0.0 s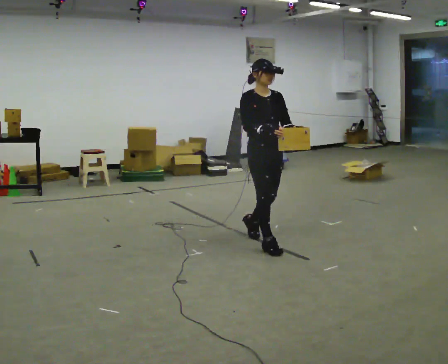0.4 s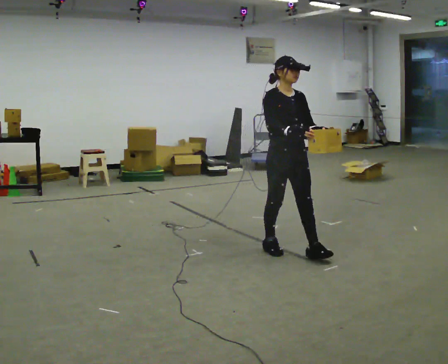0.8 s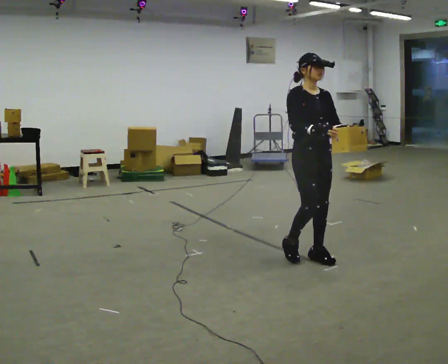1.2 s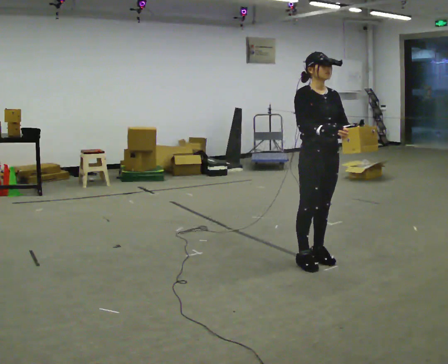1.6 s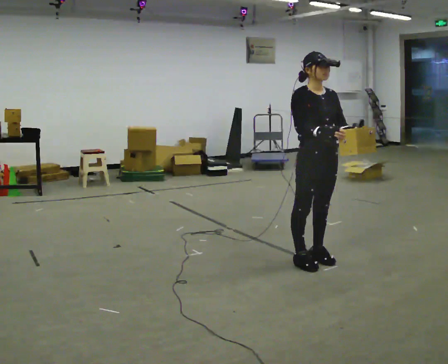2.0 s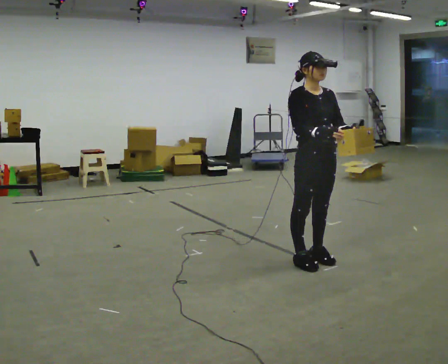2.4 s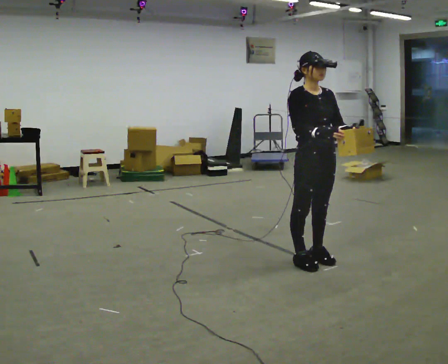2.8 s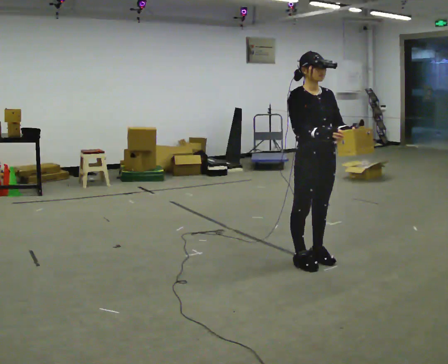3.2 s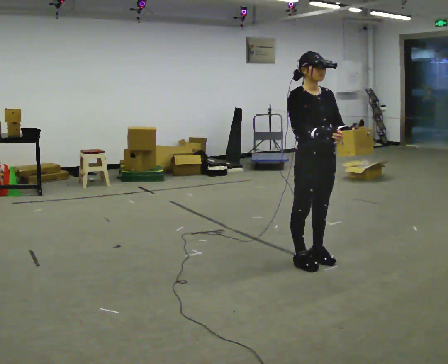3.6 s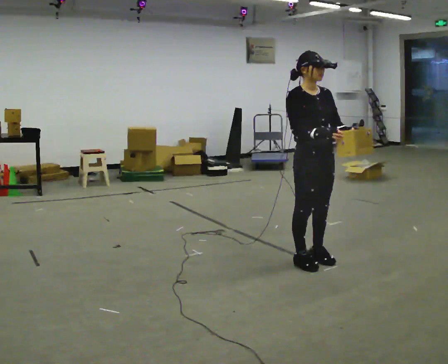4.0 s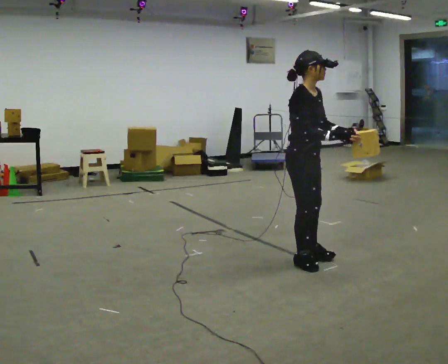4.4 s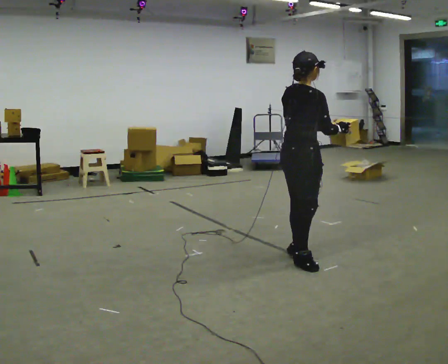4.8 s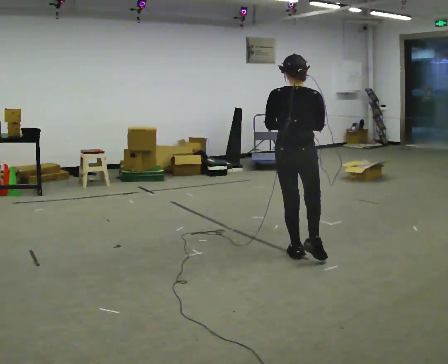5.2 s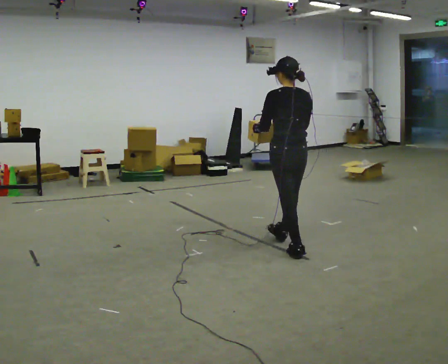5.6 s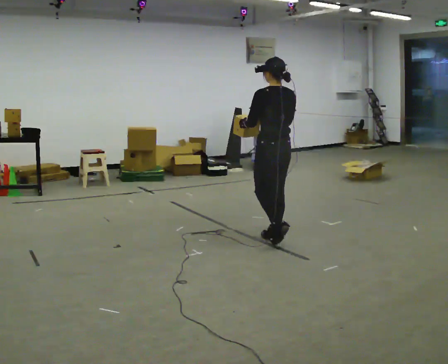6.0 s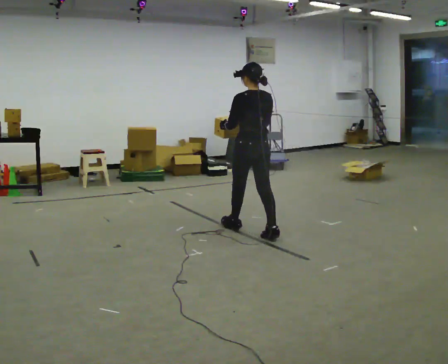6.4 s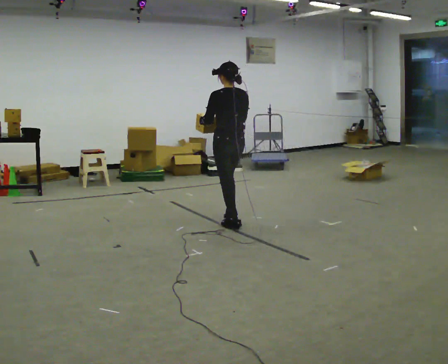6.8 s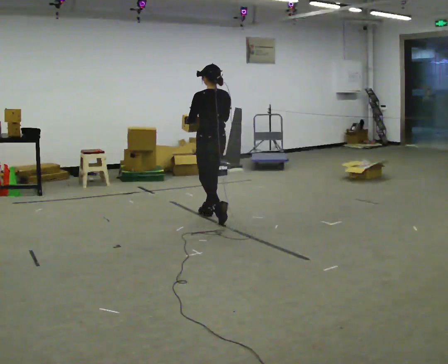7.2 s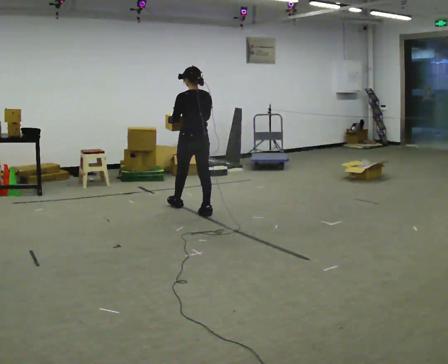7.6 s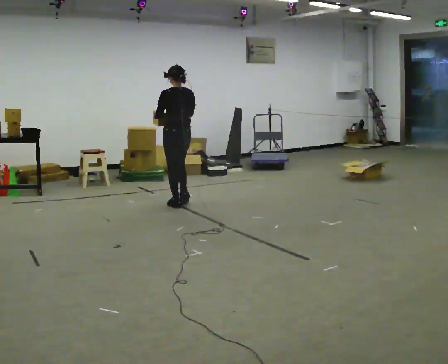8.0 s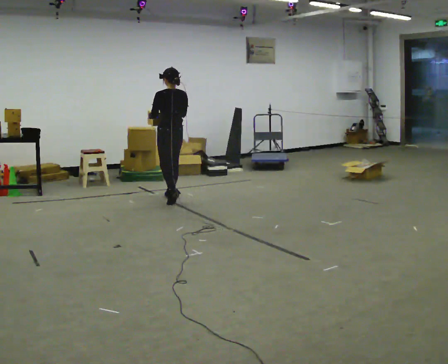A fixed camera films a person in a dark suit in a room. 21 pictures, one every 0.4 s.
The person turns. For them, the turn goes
to their left.
The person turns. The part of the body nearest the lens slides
to the right.
0.0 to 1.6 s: In the picture they go to the right and toward the camera, about 0.5 m in 2 steps, which for them is forward.
1.6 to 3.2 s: The person keeps their place and pose.
3.2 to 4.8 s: The person turns about 135 degrees to their left, counterclockwise seen from above, so the part of the body nearest the lens slides to the right.
4.8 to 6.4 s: The person turns about 45 degrees to their left, counterclockwise seen from above, so the part of the body nearest the lens slides to the right. In the picture they go away from the camera and to the left, about 1 m in 2 steps, which for them is forward.
6.4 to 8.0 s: In the picture they go to the left and away from the camera, about 1.5 m in 3 steps, which for them is forward.
The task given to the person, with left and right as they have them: Carry the light box in both hands in front of you, walking back and forth across the room. Keep walking until the operator says stop.
The film runs forward here.
